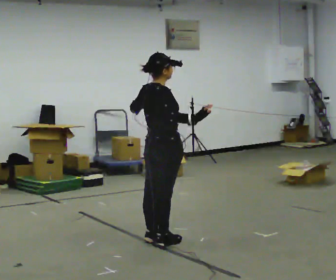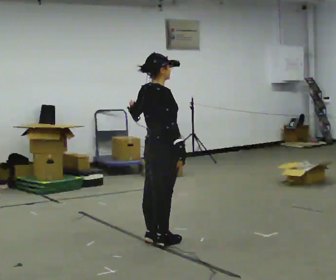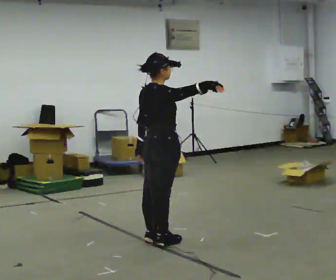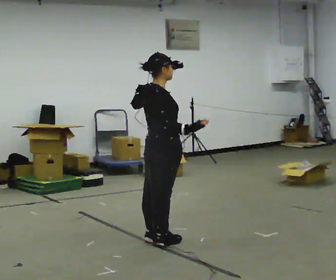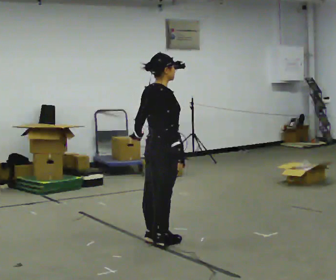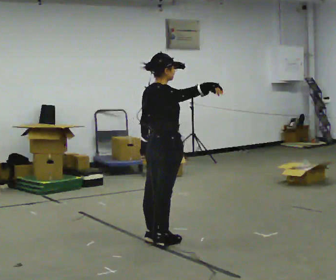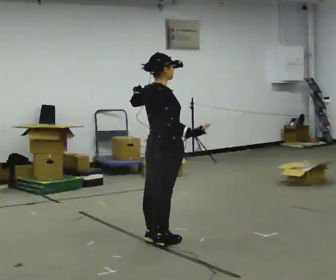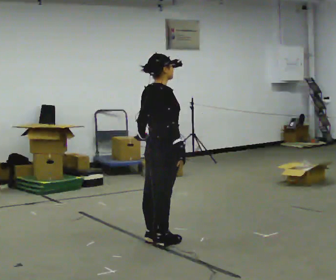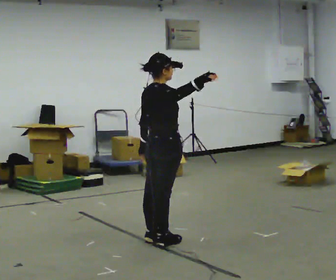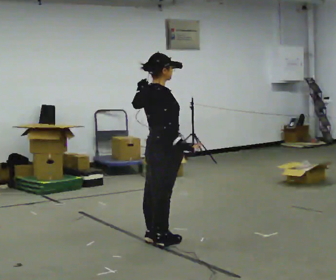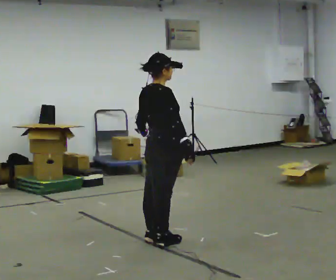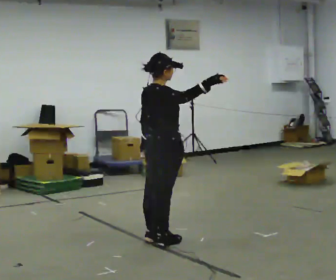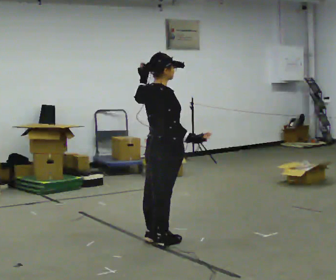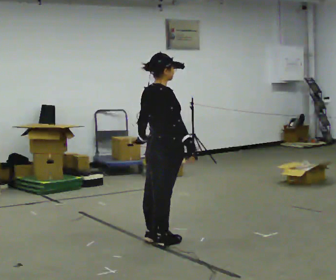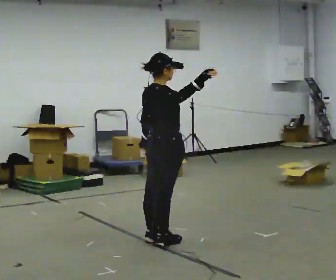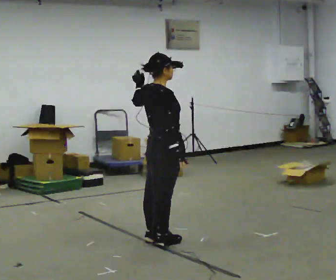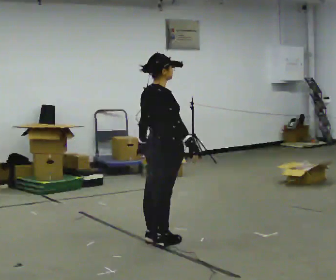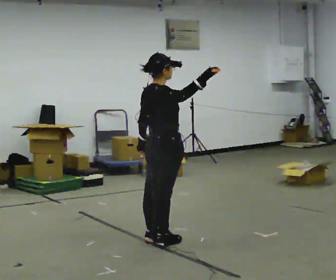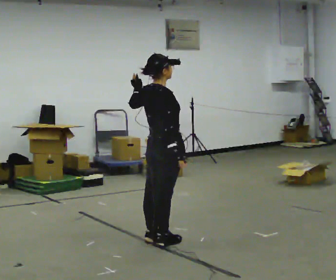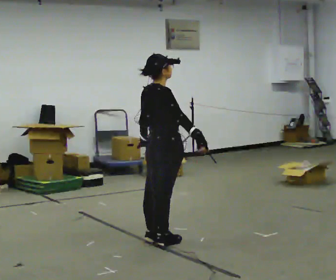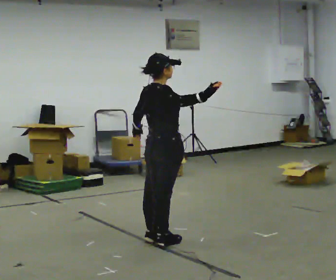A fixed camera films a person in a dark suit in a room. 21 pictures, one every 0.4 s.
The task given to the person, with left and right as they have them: Move however you like, changing style and tempo as you go; keep moving continuously.
0.0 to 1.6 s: In the picture their left hand goes downward.
1.6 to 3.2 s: In the picture their right hand goes upward.
3.2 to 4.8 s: In the picture their right hand goes downward.
4.8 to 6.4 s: In the picture their left hand goes downward.
6.4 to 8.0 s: The person moves a little, or ends about where they began.
The film runs forward here.
